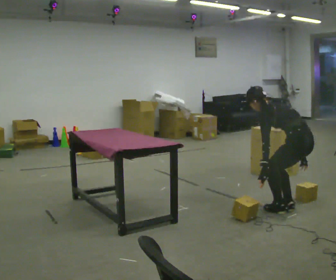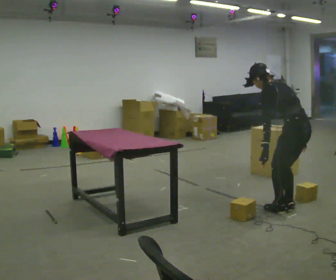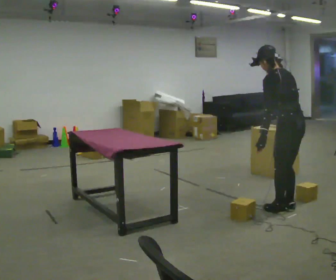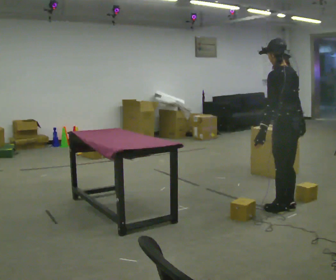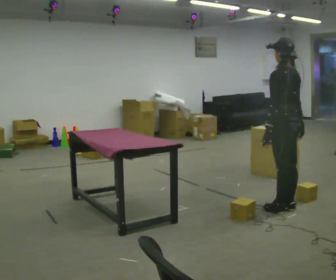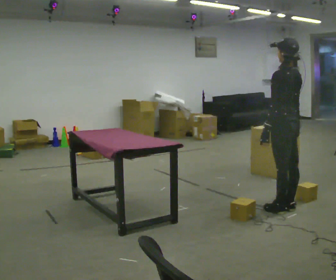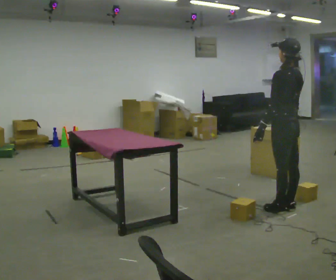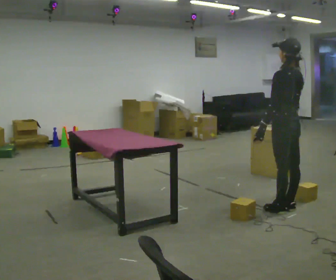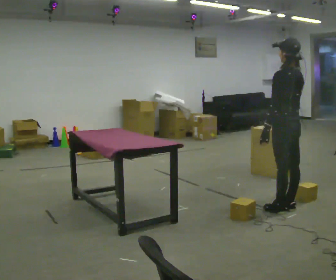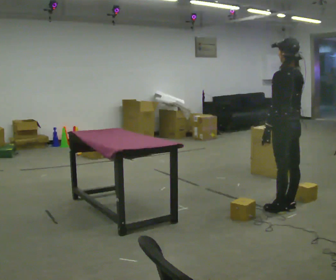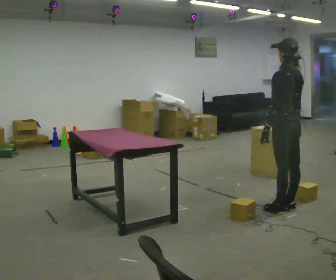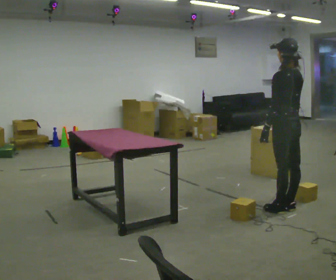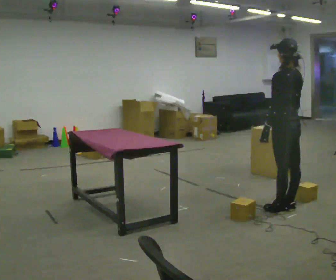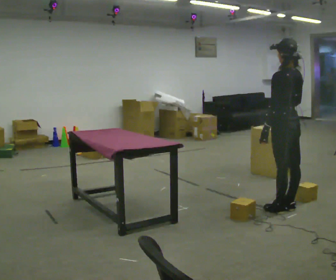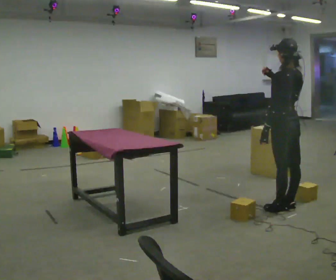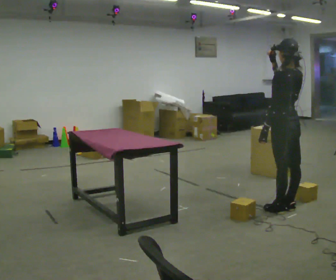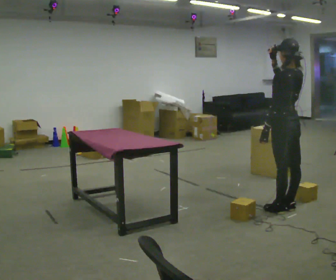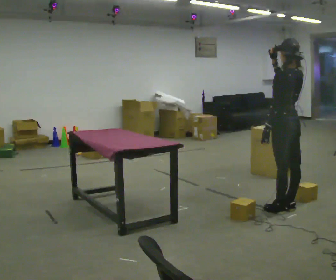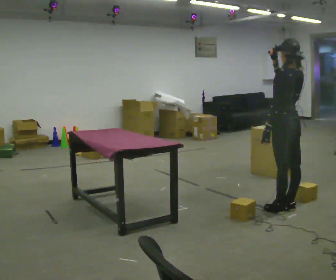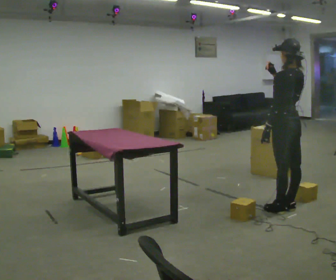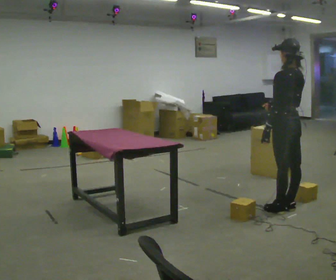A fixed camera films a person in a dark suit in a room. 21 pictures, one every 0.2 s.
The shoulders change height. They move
upward.
0.0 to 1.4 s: The shoulders move upward. In the picture the upper body tilts clockwise, shoulders to the right, as they lean back or straighten.
1.4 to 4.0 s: The person moves a little, or ends about where they began.
The film runs forward here.
